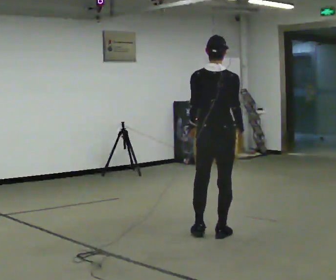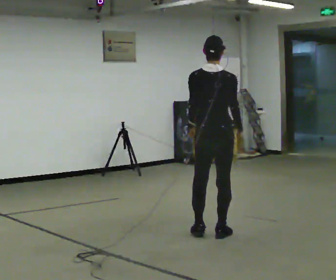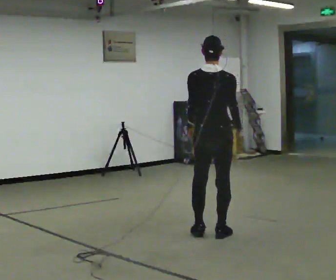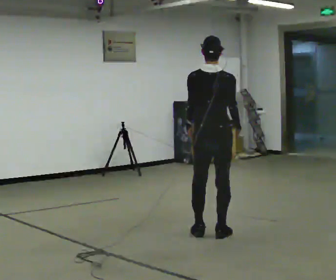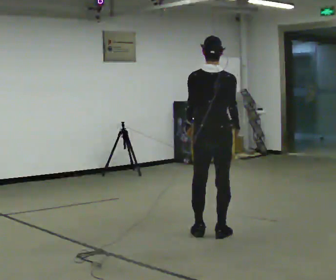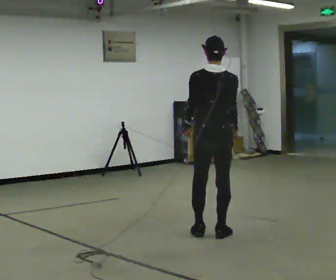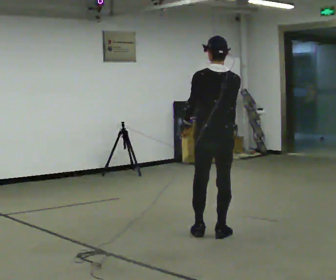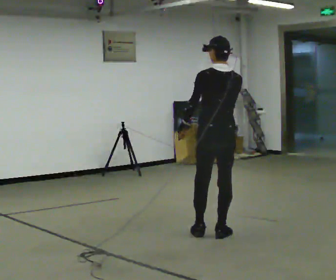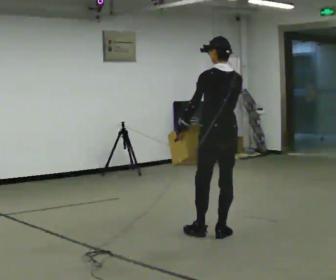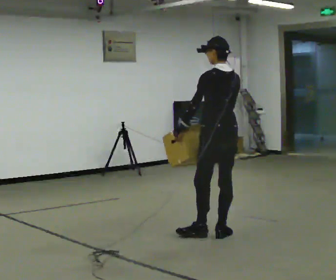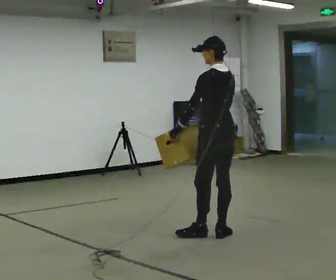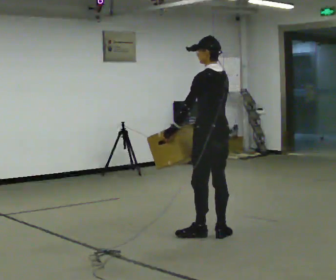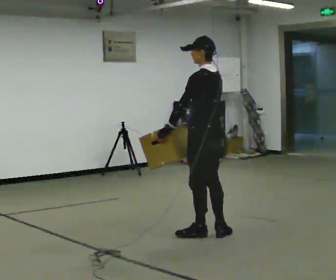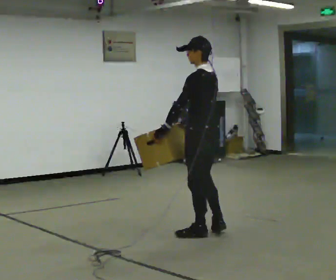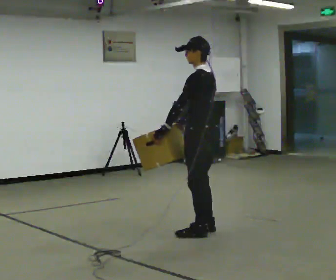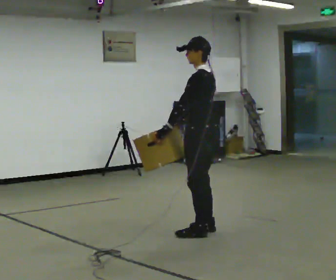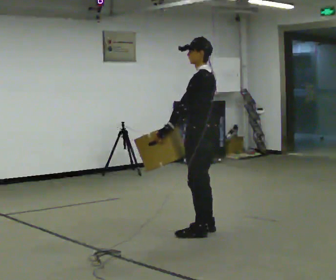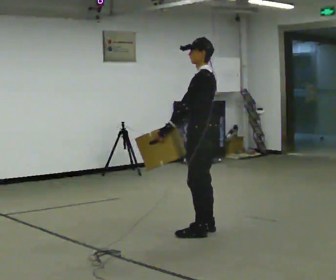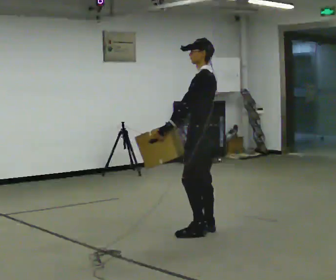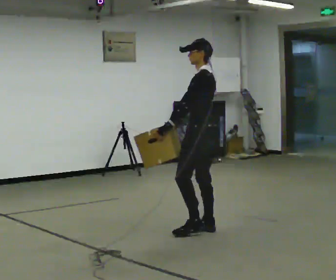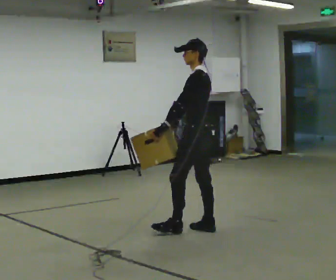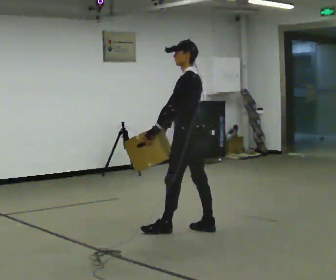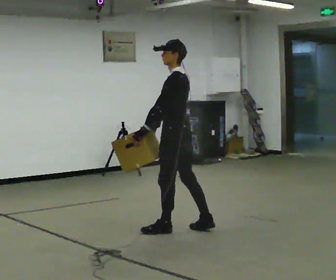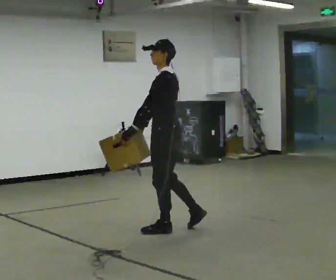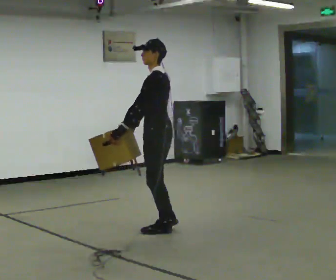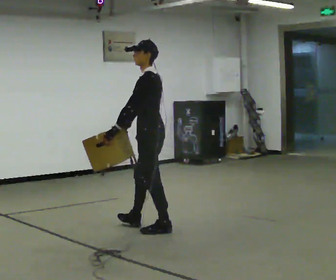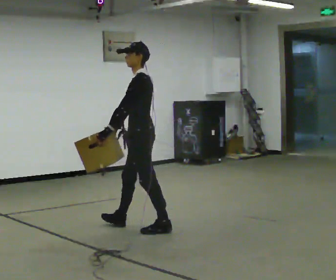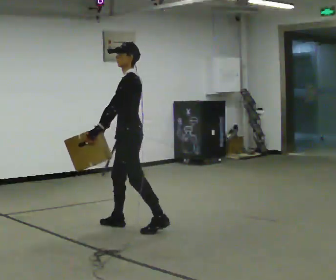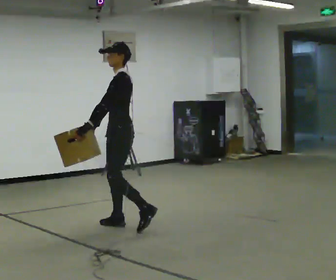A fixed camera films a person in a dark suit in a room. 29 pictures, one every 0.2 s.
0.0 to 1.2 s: The person moves a little, or ends about where they began.
1.2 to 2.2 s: Seen from above the body turns counterclockwise, about 45 degrees: to their left, with its near side sliding to the right.
2.2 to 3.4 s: The part of the body nearest the lens slides to the right as the person turns to their left by about 30 degrees. In the picture they go away from the camera, about 0.25 m in 1 step, which for them is forward and to their right.
3.4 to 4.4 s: In the picture they go to the left, about 0.25 m in 1 step, which for them is forward.
4.4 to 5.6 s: In the picture they go to the left, about 0.5 m in 1 step, which for them is forward.
The film runs forward here.
